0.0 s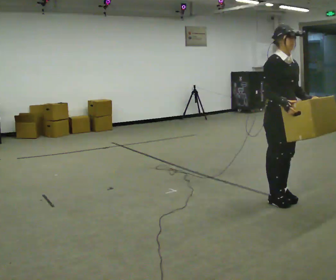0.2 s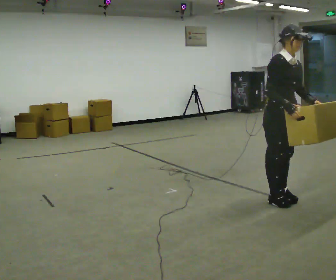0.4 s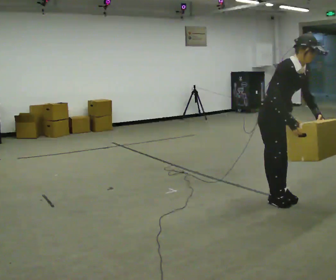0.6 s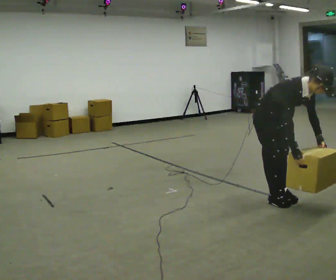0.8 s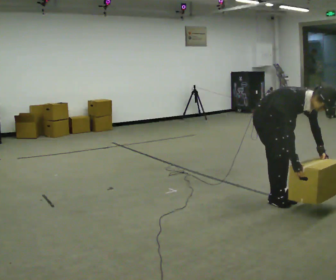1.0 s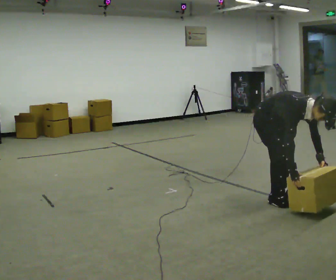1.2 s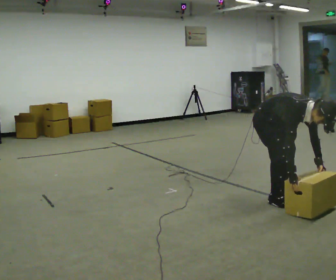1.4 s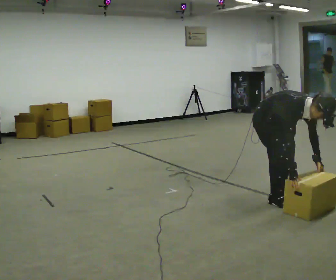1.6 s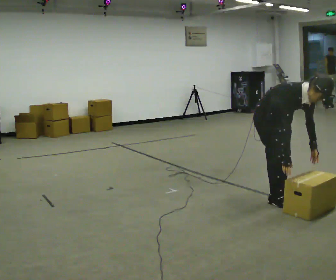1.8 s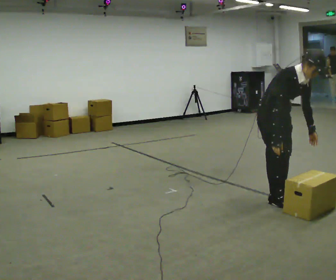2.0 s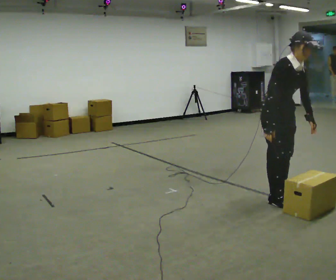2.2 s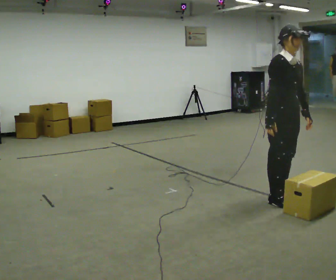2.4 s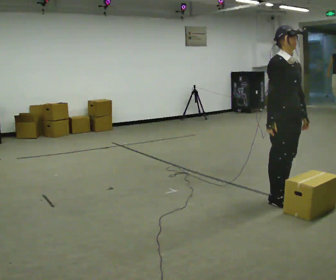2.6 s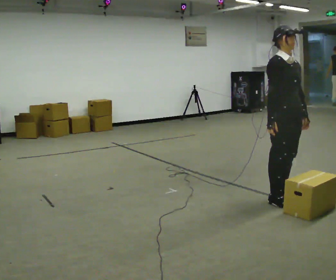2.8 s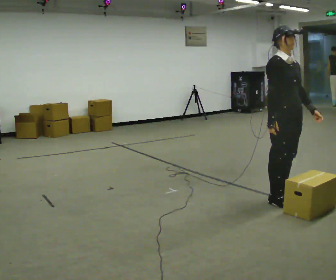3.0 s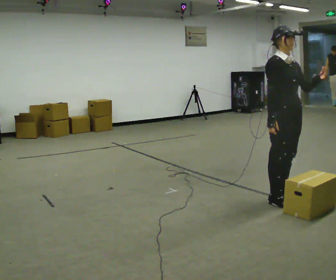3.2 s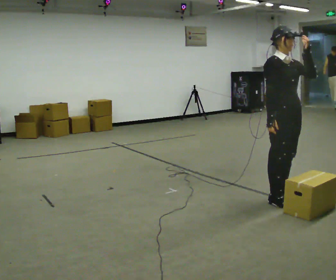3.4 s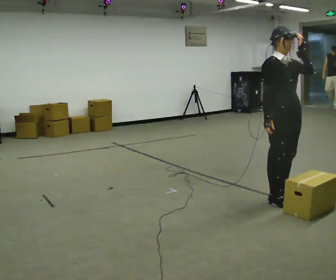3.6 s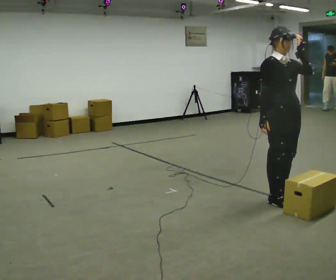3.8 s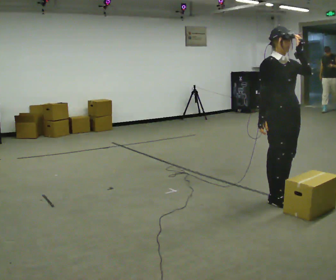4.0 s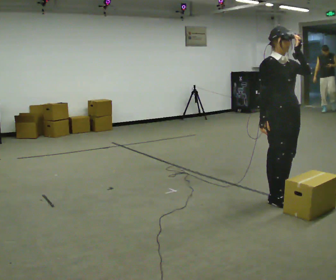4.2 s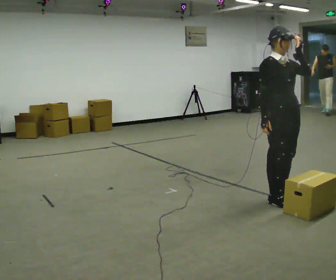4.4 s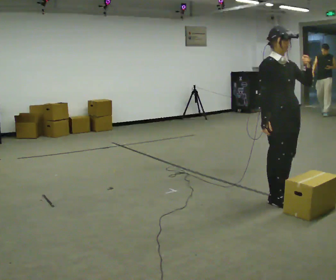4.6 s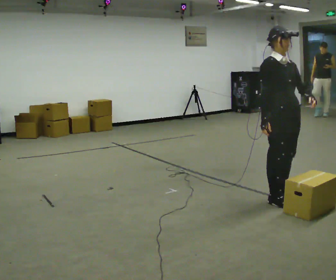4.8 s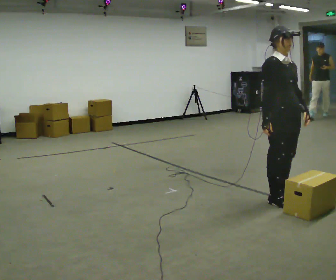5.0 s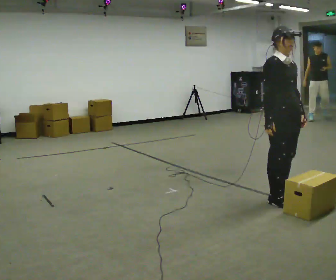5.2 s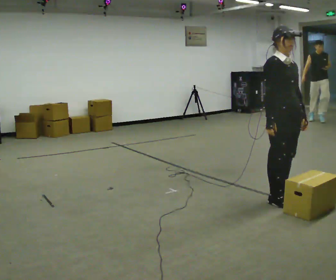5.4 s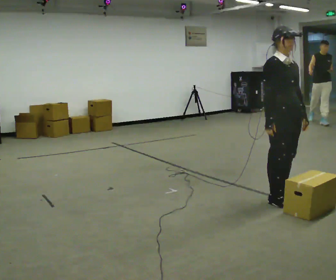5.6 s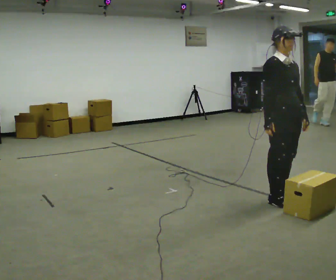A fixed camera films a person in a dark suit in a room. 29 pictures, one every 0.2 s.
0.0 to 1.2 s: The upper body goes downward. In the picture the upper body tilts clockwise, shoulders to the right, as they bend forward. In the picture their right hand goes downward.
1.2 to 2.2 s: The upper body goes upward. In the picture the upper body tilts counterclockwise, shoulders to the left, as they lean back or straighten. In the picture their right hand goes upward.
2.2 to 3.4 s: In the picture their left hand goes upward.
3.4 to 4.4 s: The person moves a little, or ends about where they began.
4.4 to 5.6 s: In the picture their left hand goes downward, the arm swinging clockwise.
The film runs forward here.
